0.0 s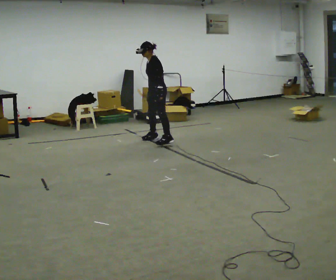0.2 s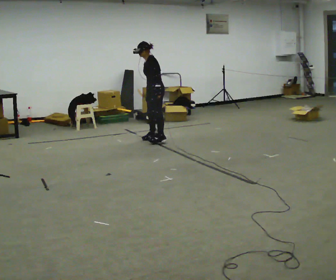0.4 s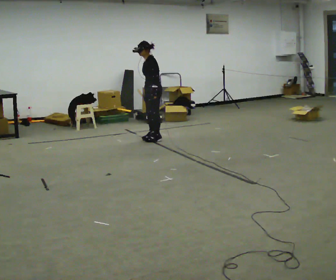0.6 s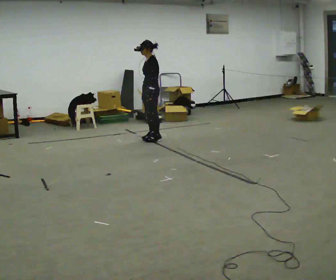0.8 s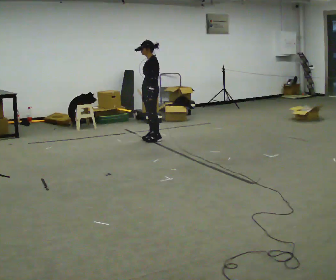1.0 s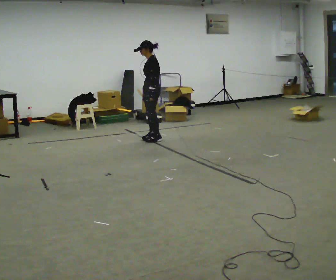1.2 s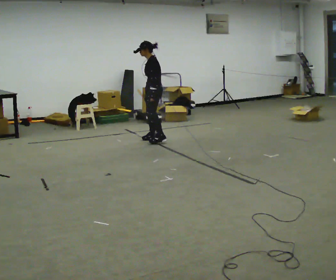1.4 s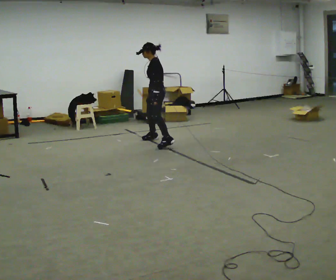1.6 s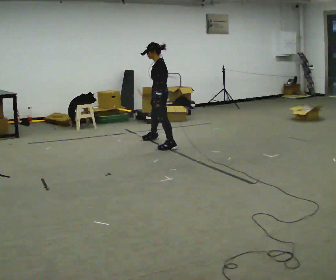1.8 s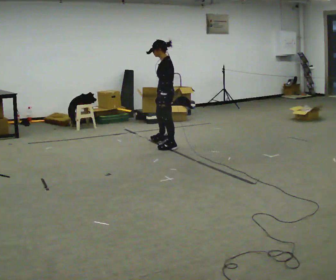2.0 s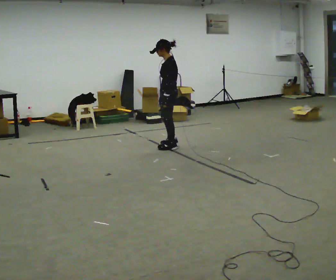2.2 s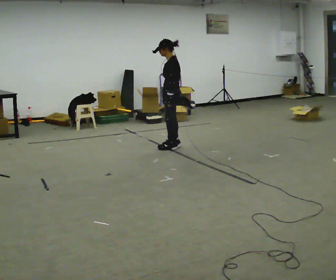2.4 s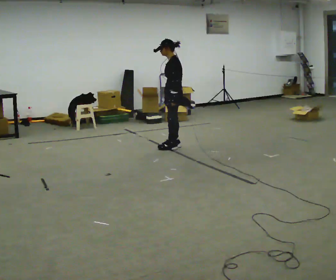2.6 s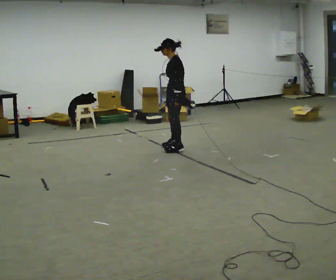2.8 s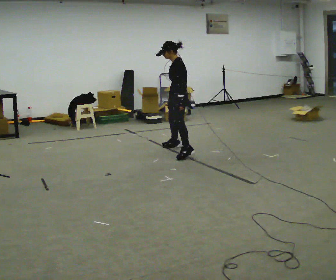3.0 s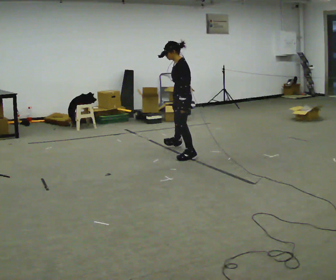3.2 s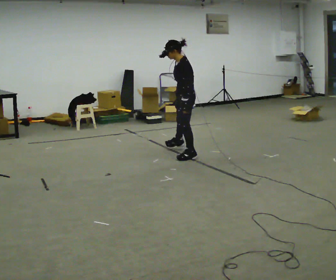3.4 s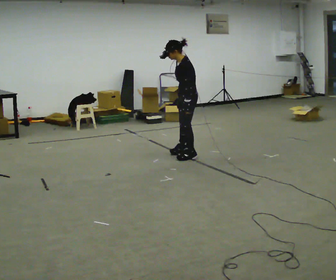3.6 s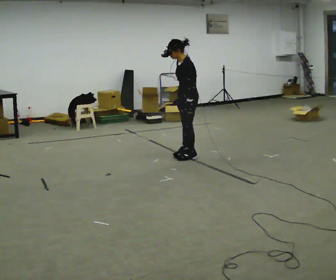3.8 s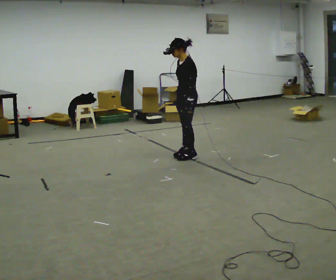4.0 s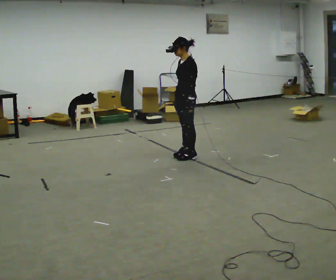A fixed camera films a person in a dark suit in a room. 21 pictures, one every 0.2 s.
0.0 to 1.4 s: The person moves a little, or ends about where they began.
1.4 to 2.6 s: In the picture they go toward the camera and to the right, about 0.5 m in 2 steps, which for them is to their left and backward.
2.6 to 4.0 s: In the picture they go toward the camera, about 0.5 m in 1 step, which for them is to their left.
The film runs backward here.
